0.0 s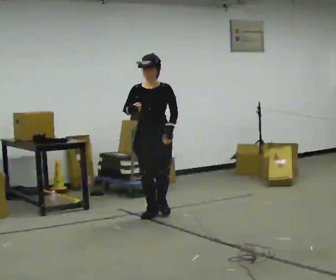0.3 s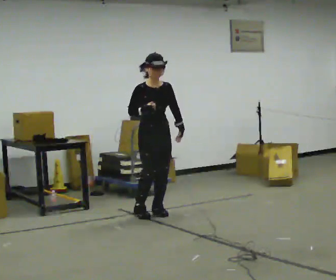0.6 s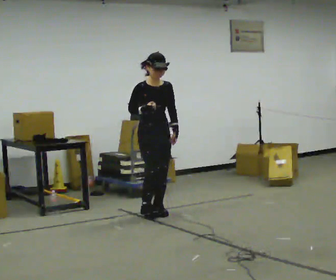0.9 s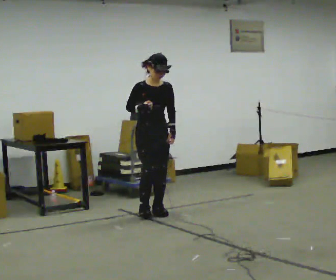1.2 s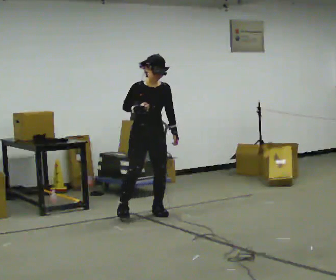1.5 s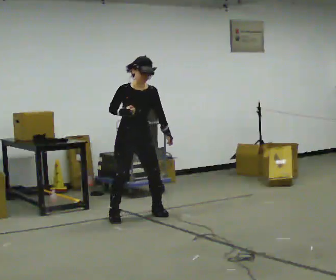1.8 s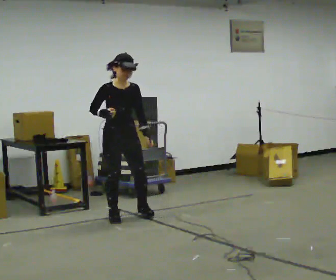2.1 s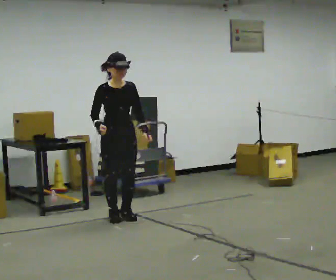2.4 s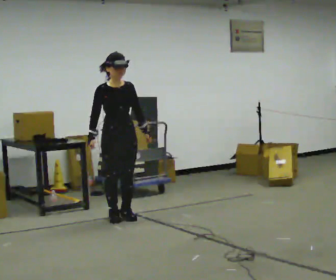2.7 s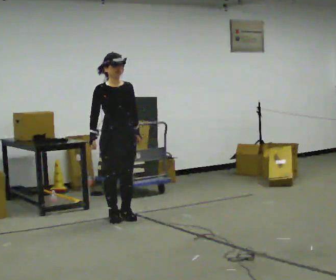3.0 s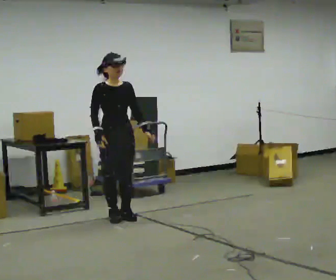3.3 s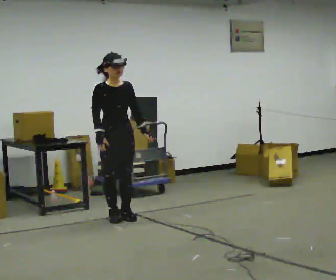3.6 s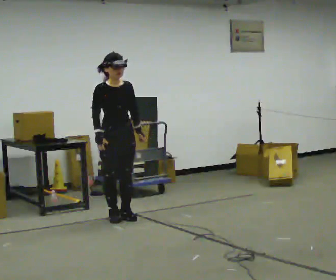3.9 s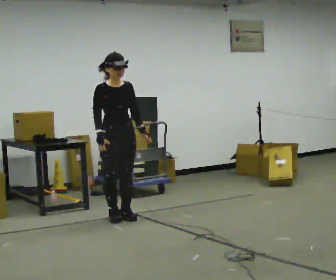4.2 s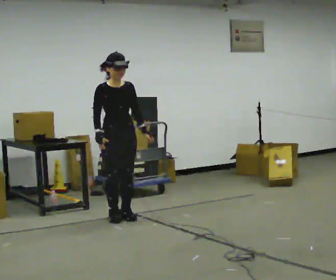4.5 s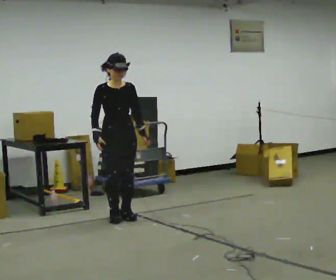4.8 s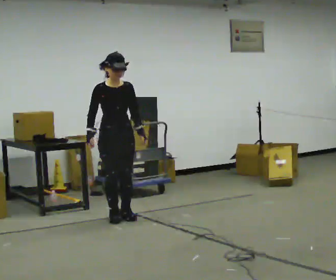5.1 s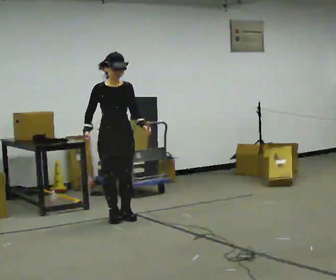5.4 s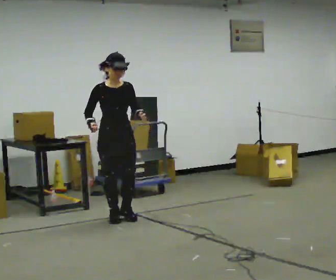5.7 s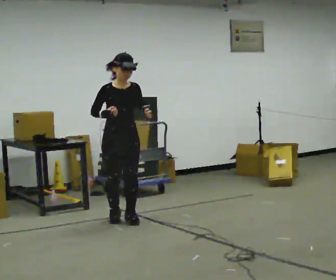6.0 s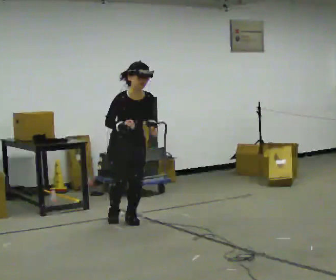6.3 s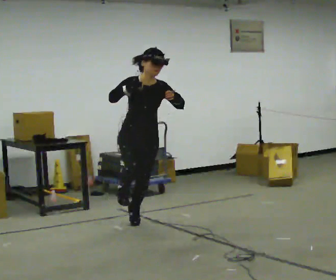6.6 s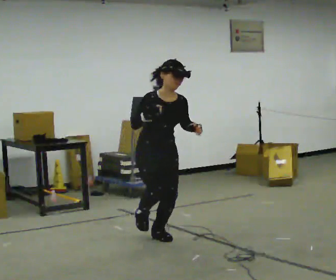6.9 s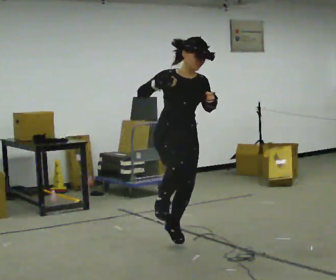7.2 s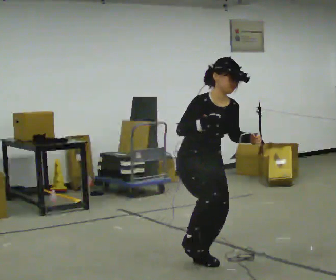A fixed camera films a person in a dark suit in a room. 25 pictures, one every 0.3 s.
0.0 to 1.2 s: The part of the body nearest the lens slides to the right as the person turns to their left by about 30 degrees.
1.2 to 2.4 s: In the picture they go to the left and toward the camera, about 0.25 m in 2 steps, which for them is to their right.
2.4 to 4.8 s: The person moves a little, or ends about where they began.
4.8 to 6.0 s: In the picture they go toward the camera, about 0.25 m in 1 step, which for them is forward. The upper body tips toward the camera, its near side rolling downward, as they bend forward. In the picture their right hand goes to the right.
6.0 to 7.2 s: In the picture they go toward the camera, about 1.5 m in 2 steps, which for them is forward.
The film runs forward here.
